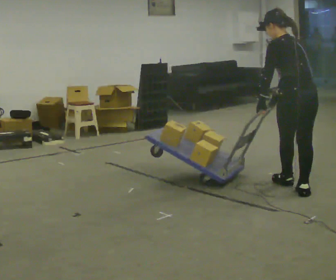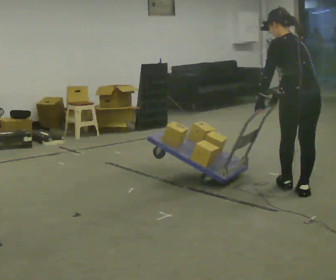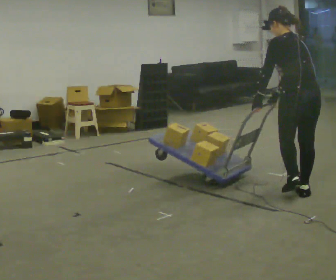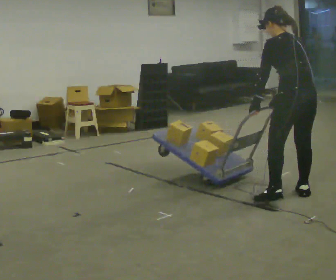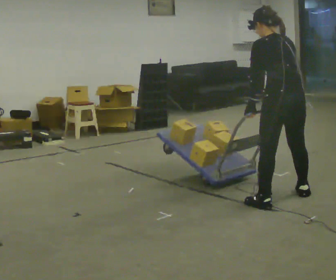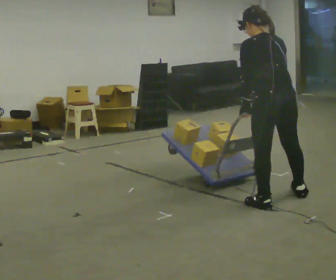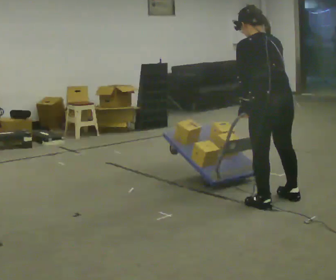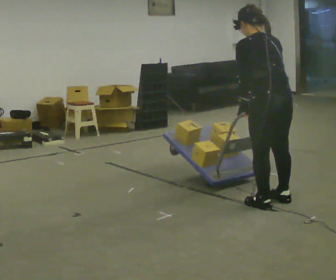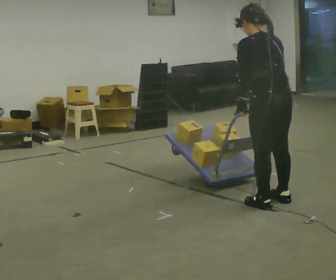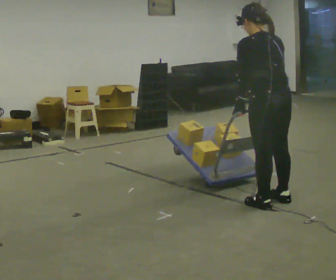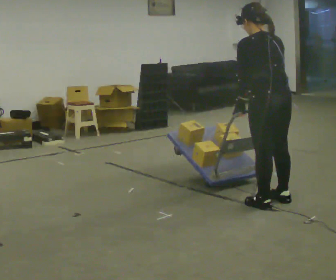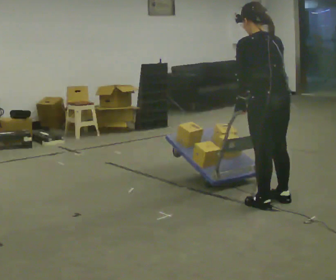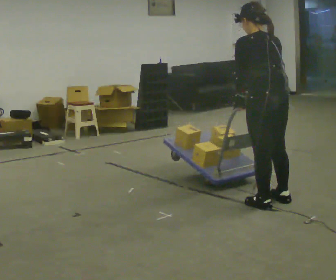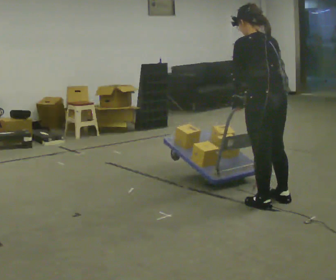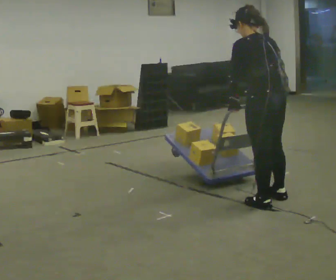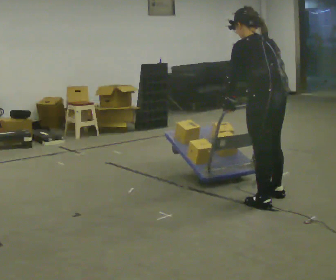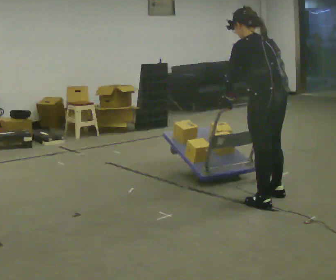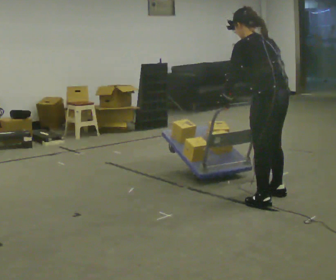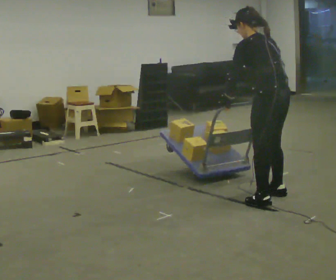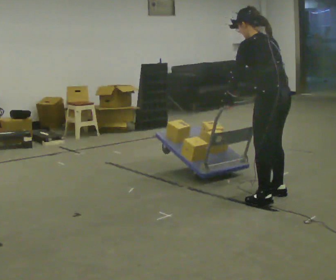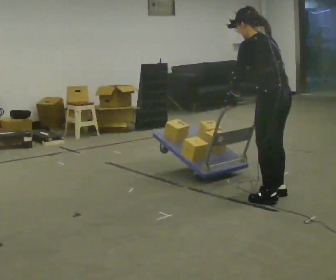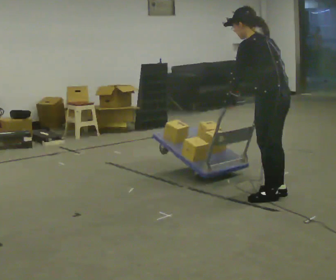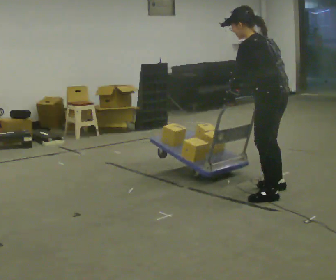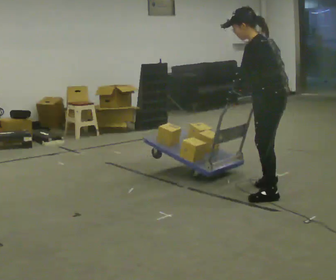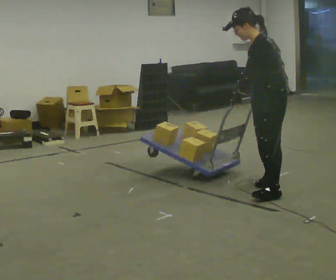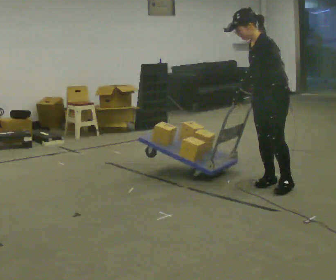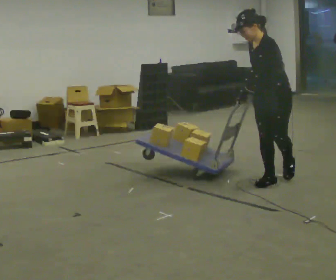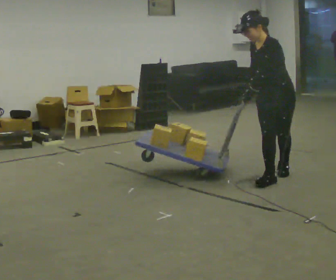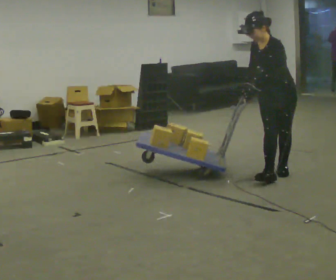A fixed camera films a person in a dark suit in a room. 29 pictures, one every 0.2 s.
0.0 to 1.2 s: In the picture they go toward the camera and to the left, about 0.5 m in 2 steps, which for them is to their left and backward.
1.2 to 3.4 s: The person moves a little, or ends about where they began.
3.4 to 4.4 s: In the picture they go away from the camera, about 0.25 m in 2 steps, which for them is to their right.
4.4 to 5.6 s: The person turns about 75 degrees to their left, counterclockwise seen from above, so the part of the body nearest the lens slides to the right. In the picture they go away from the camera, about 0.75 m in 1 step. The upper body tips toward the camera, its near side rolling downward.
The film runs backward here.
